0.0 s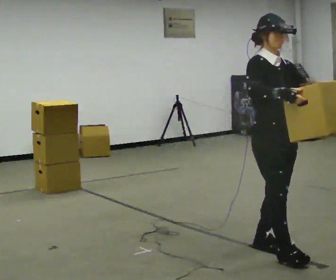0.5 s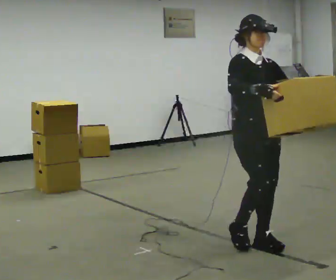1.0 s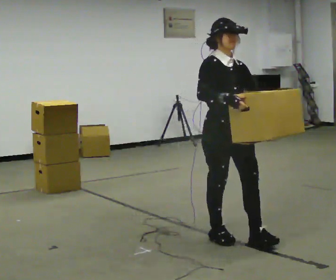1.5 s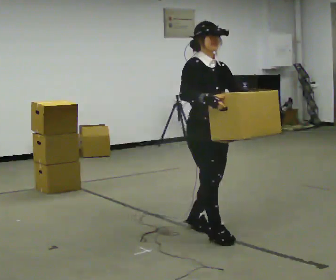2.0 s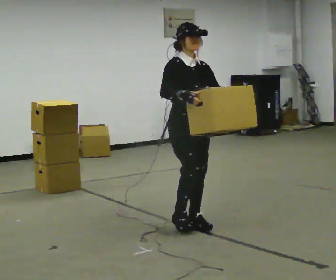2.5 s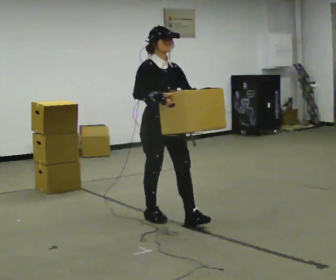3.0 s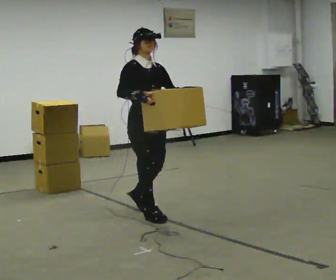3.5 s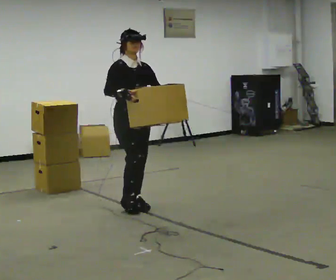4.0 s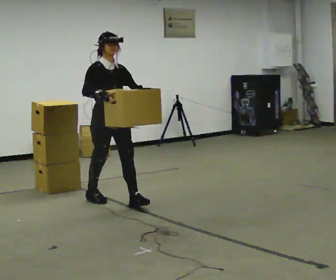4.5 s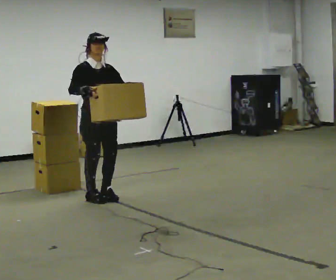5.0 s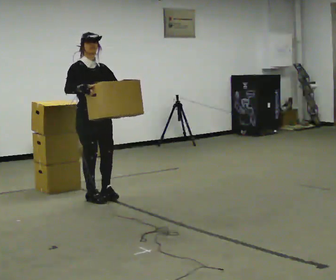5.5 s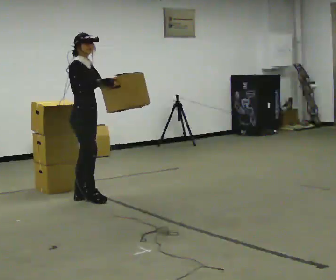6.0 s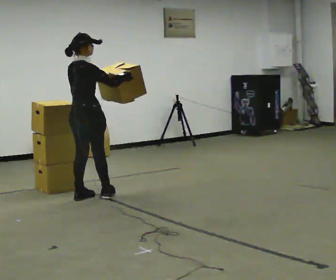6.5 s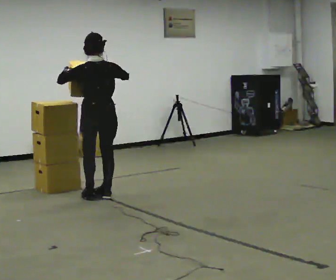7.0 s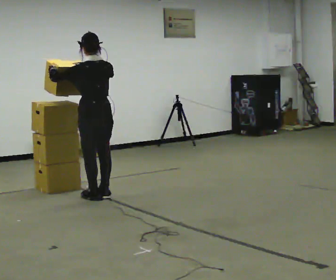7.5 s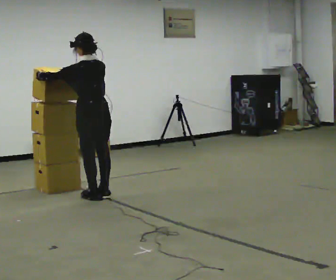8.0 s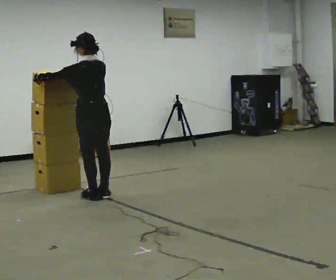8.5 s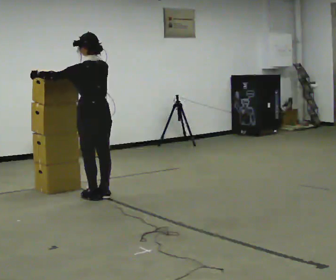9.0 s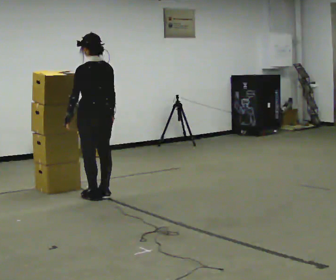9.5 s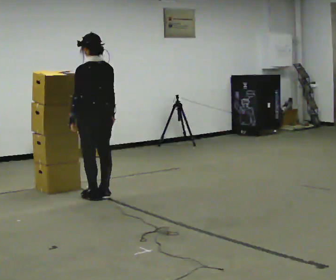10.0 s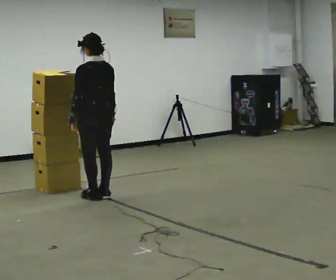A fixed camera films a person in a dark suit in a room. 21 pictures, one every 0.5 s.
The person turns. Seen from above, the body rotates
counterclockwise.
The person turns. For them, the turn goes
to their left.
0.0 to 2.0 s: In the picture they go away from the camera and to the left, about 1 m in 3 steps, which for them is backward.
2.0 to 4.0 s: In the picture they go away from the camera and to the left, about 1 m in 2 steps, which for them is backward.
4.0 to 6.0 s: The person turns about 90 degrees to their left, counterclockwise seen from above, so the part of the body nearest the lens slides to the right. In the picture they go to the left and away from the camera, about 0.25 m in 2 steps.
6.0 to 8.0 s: The person turns about 75 degrees to their left, counterclockwise seen from above, so the part of the body nearest the lens slides to the right. In the picture their left hand goes to the left.
8.0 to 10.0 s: In the picture their right hand goes downward.
The film runs backward here.
